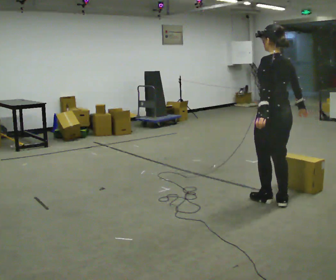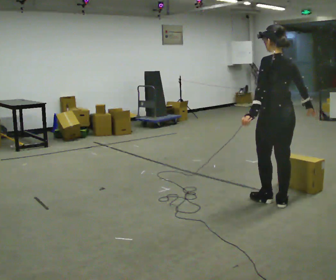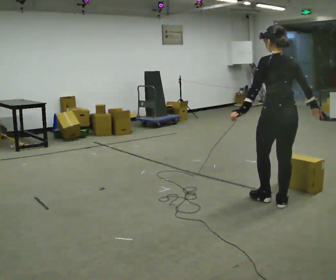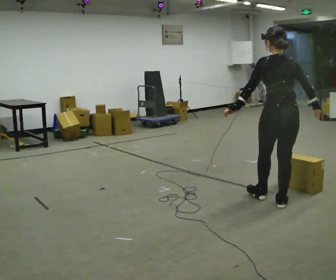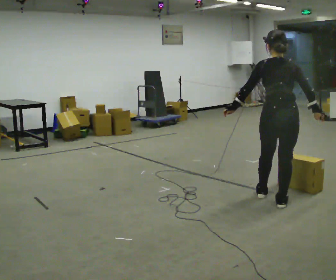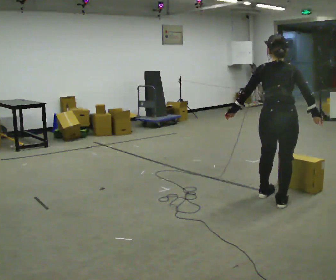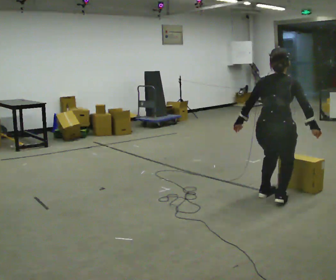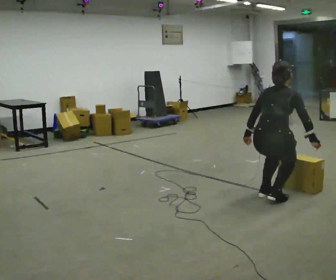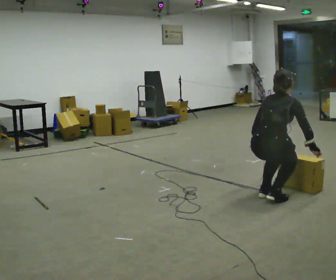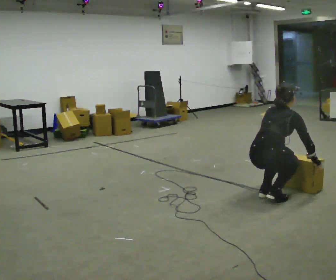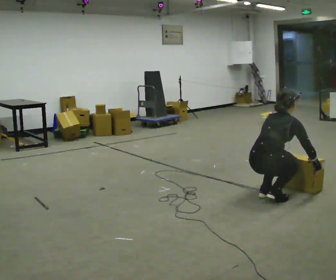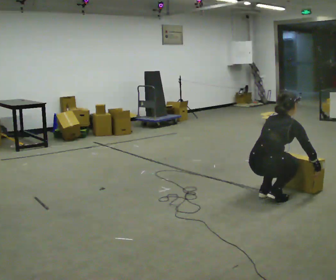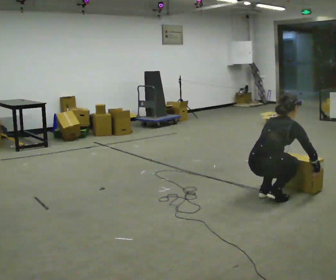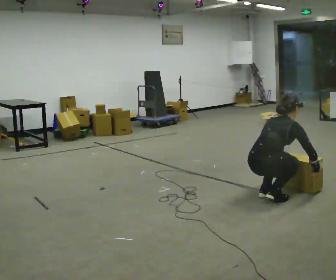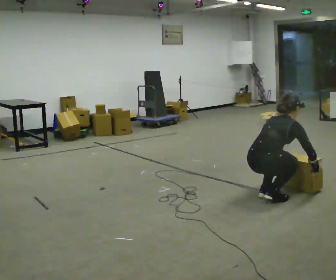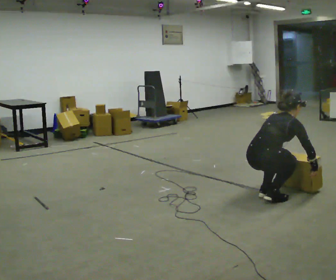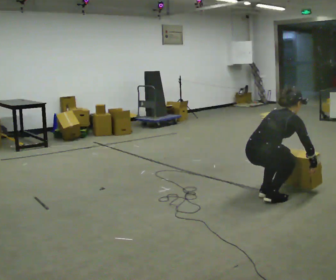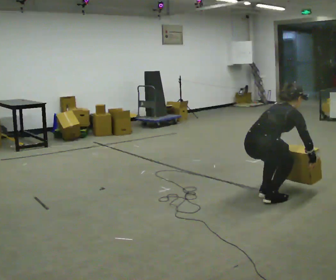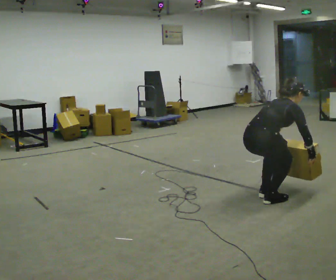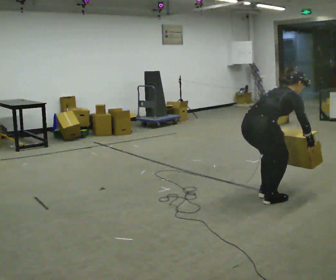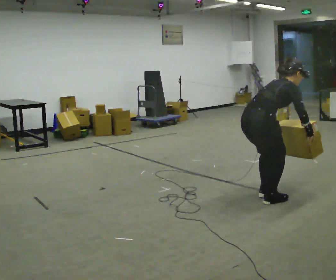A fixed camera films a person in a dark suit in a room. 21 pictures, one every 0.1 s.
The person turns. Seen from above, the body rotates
clockwise.
The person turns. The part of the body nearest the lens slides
to the left.
0.0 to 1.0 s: The part of the body nearest the lens slides to the left as the person turns to their right by about 75 degrees. The shoulders move downward. The upper body tips away from the camera, its near side rolling upward, as they bend forward. In the picture their left hand goes downward.
1.0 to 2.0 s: The shoulders move upward. In the picture the upper body tilts clockwise, shoulders to the right, as they bend forward.
The film runs backward here.
